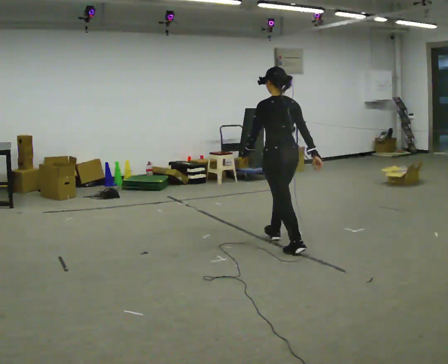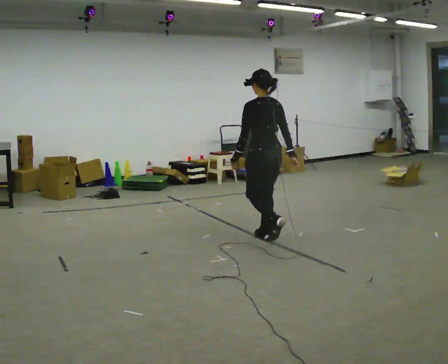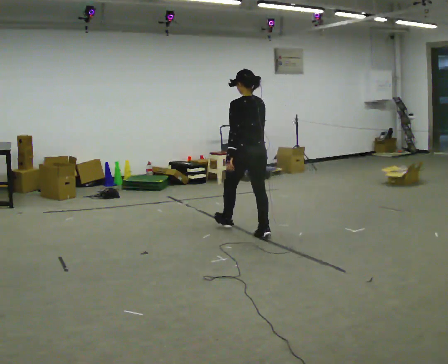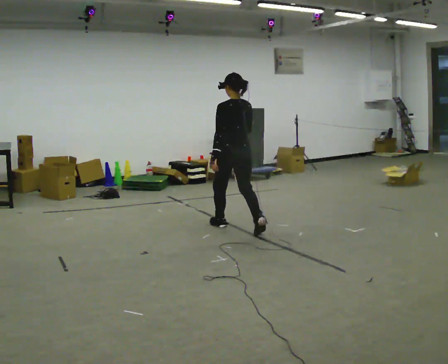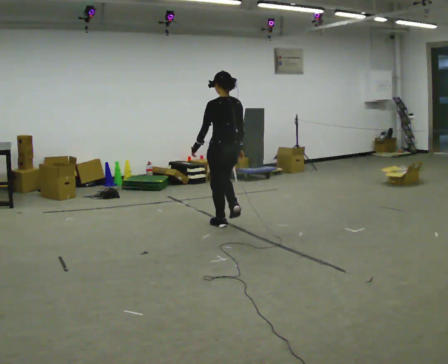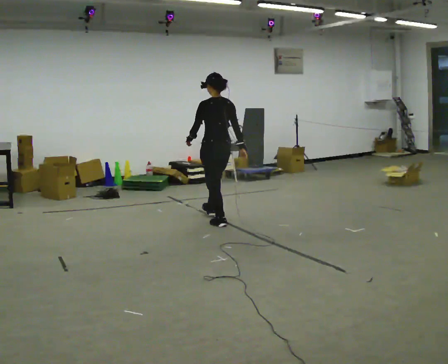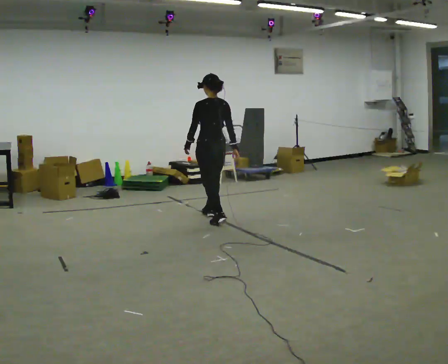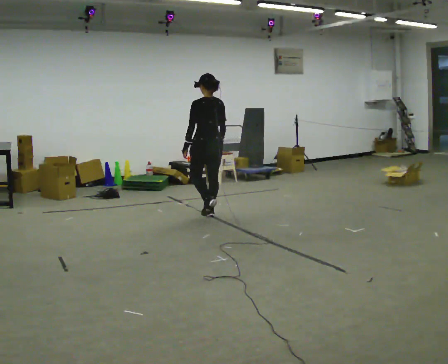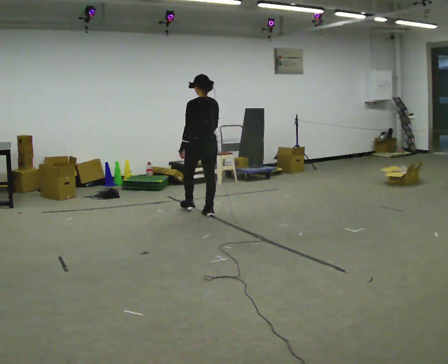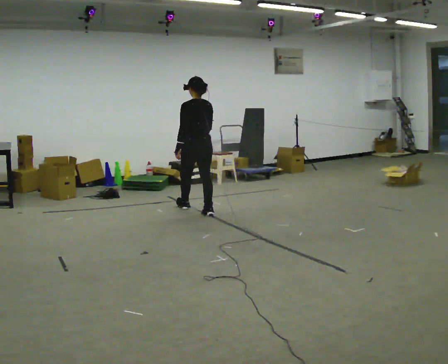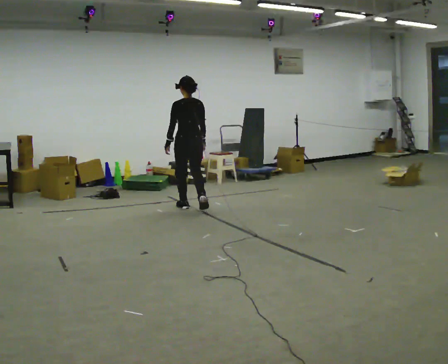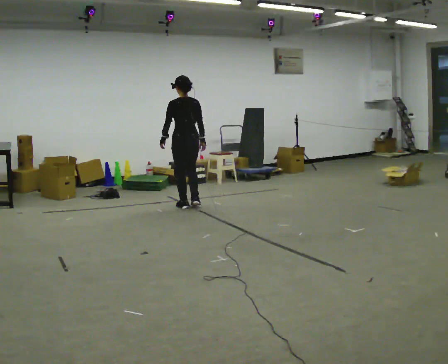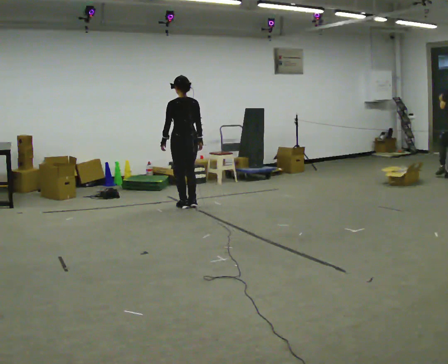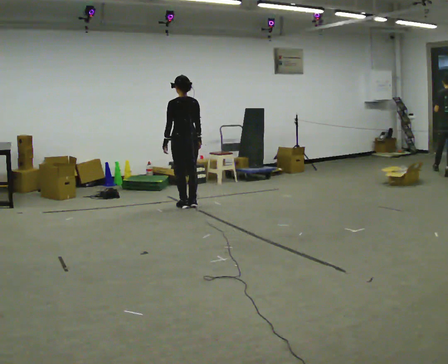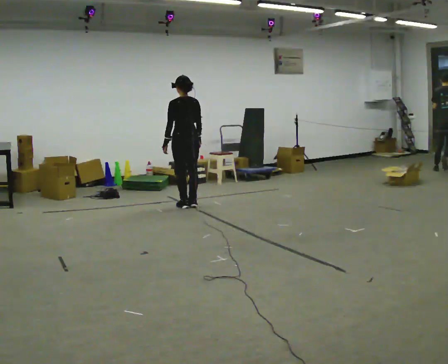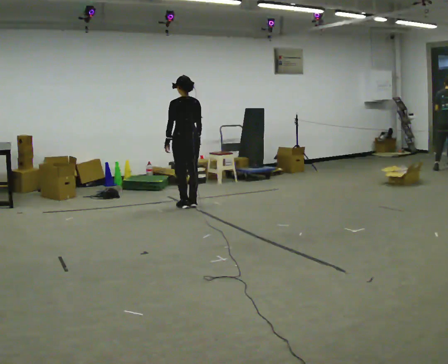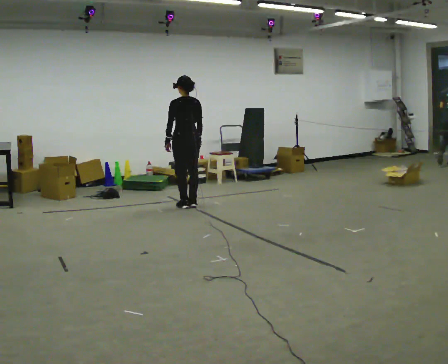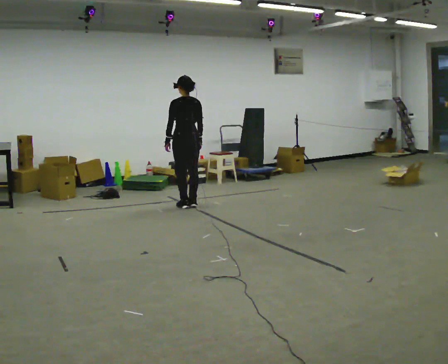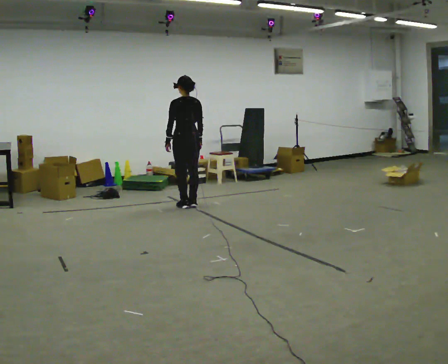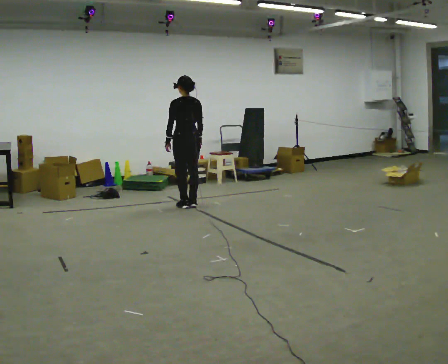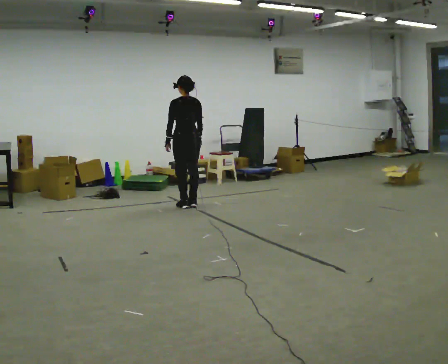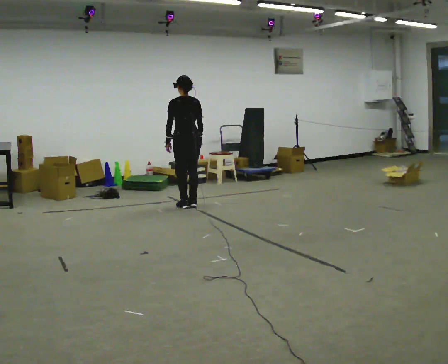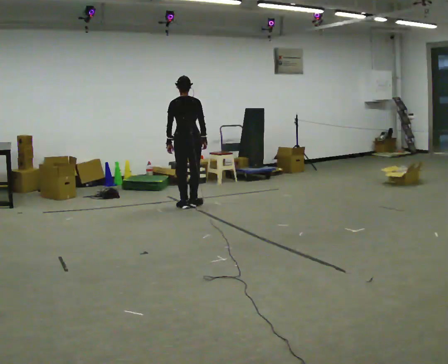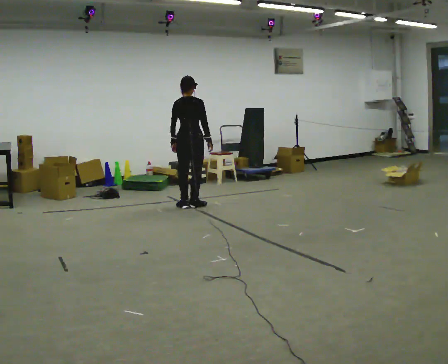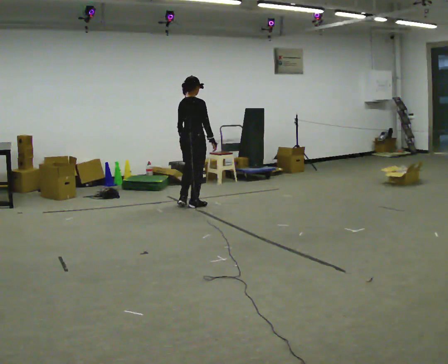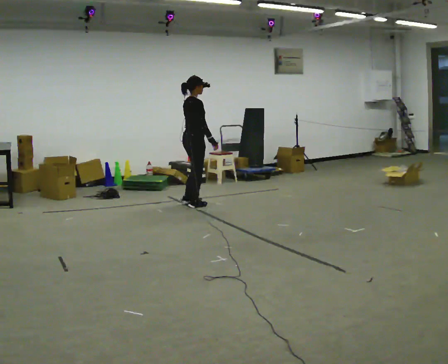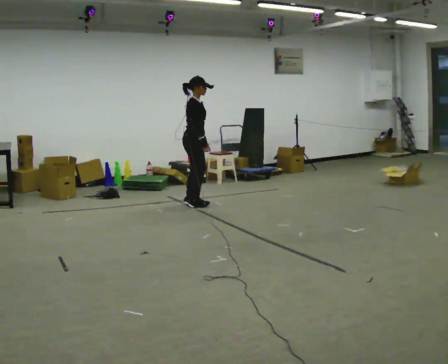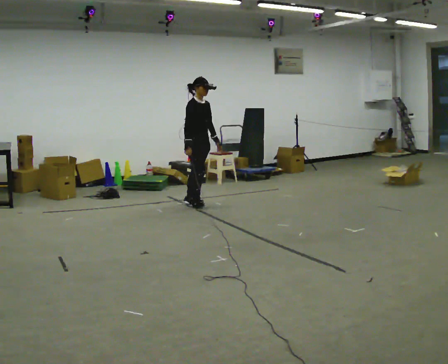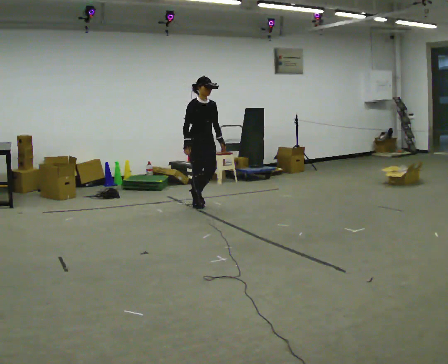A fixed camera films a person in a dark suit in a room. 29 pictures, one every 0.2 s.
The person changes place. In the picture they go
away from the camera.
The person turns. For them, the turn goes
to their right.
0.0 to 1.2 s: In the picture they go away from the camera and to the left, about 1 m in 3 steps, which for them is forward.
1.2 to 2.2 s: In the picture they go away from the camera and to the left, about 0.75 m in 1 step, which for them is forward.
2.2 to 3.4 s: The person moves a little, or ends about where they began.
3.4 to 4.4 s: Seen from above the body turns clockwise, about 30 degrees: to their right, with its near side sliding to the left.
4.4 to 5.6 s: The person turns about 150 degrees to their right, clockwise seen from above, so the part of the body nearest the lens slides to the left. In the picture they go to the right, about 0.25 m in 1 step.
The film runs forward here.
